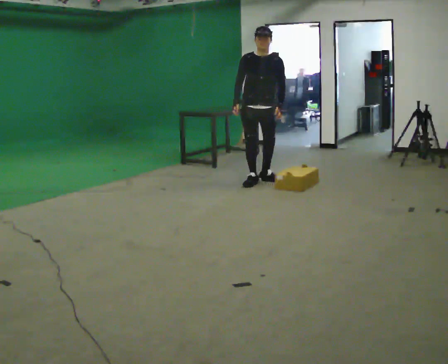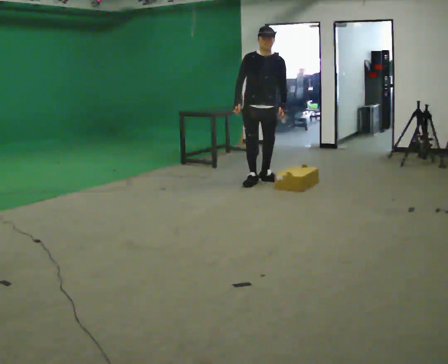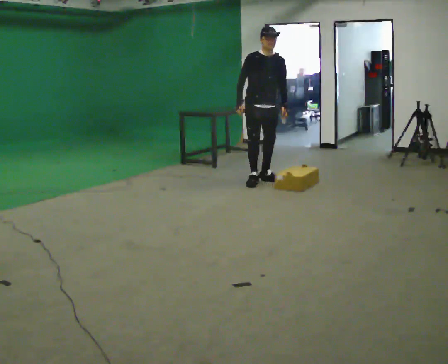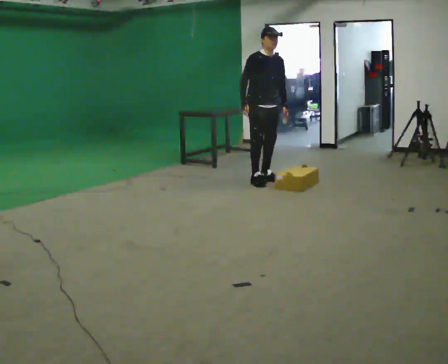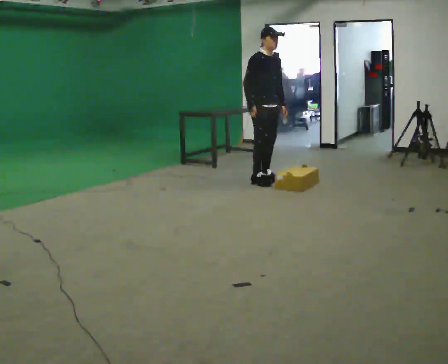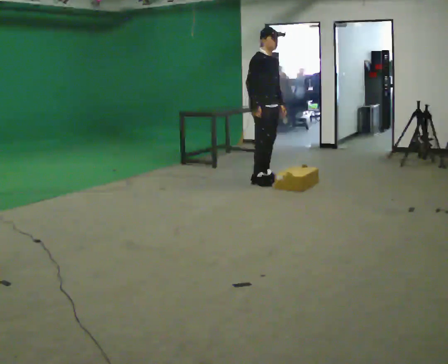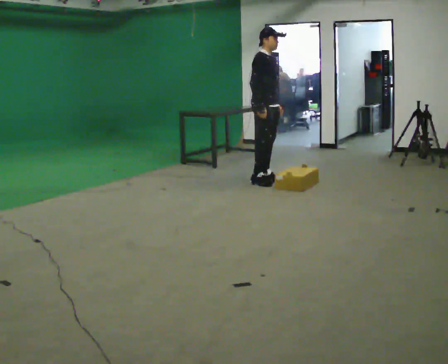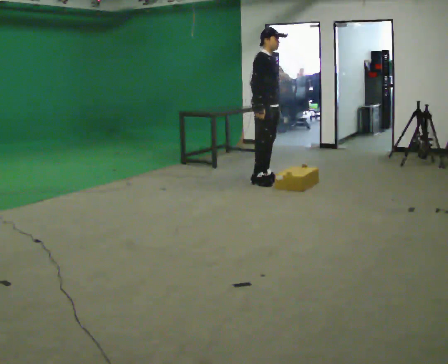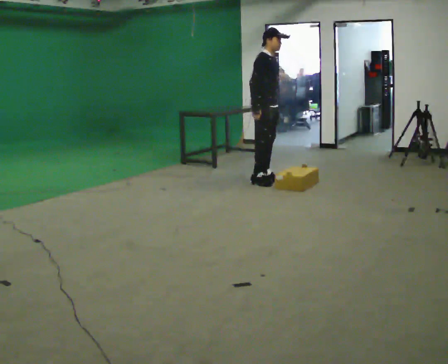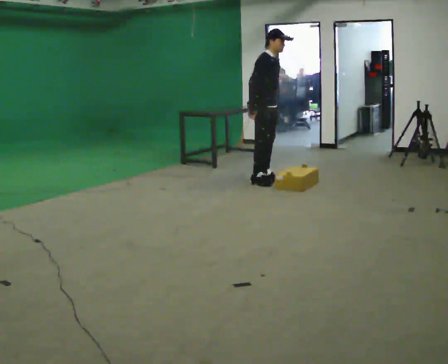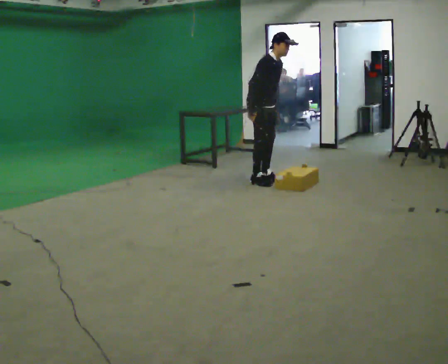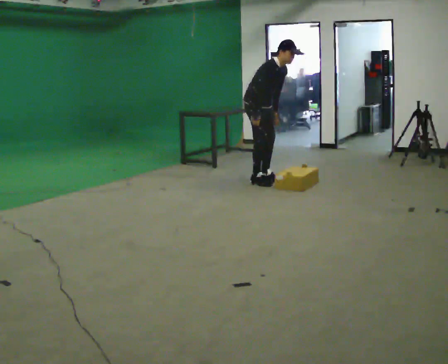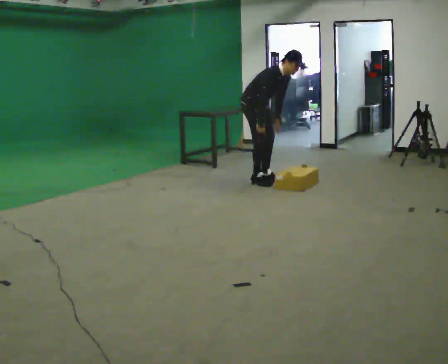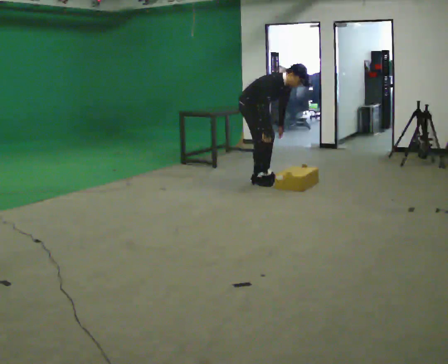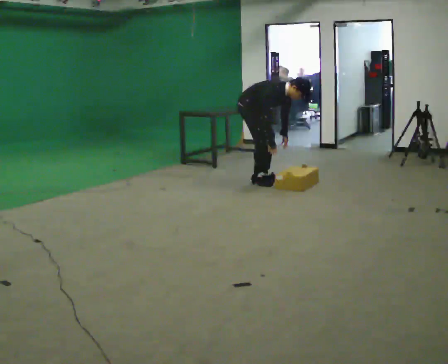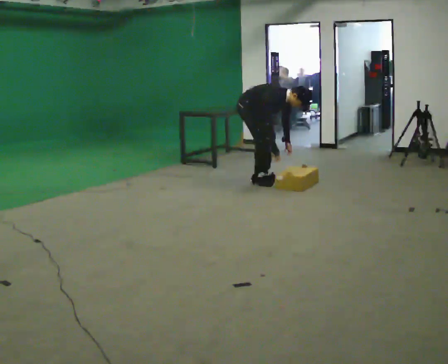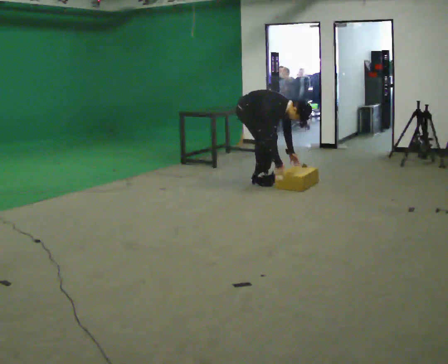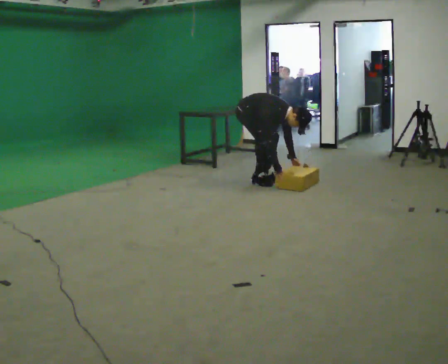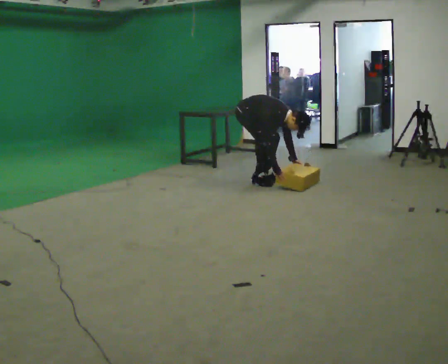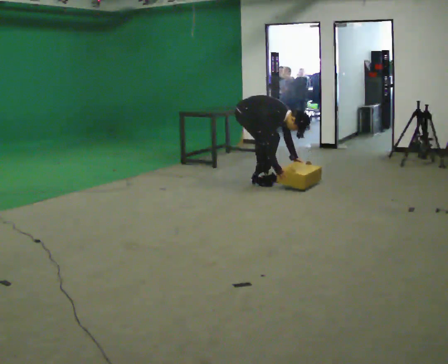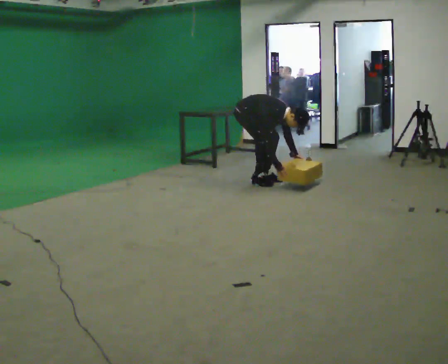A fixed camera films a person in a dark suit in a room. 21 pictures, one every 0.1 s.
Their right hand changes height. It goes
downward.
The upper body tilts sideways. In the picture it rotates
clockwise.
0.0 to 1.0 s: The person turns about 60 degrees to their left, counterclockwise seen from above, so the part of the body nearest the lens slides to the right.
1.0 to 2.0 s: The shoulders move downward. In the picture the upper body tilts clockwise, shoulders to the right, as they bend forward. In the picture their right hand goes downward.
The film runs backward here.
